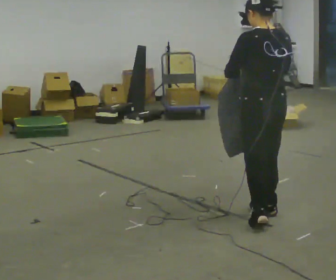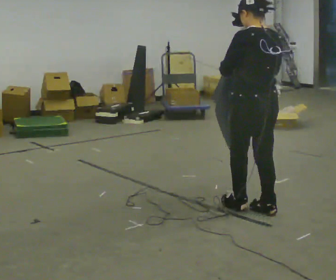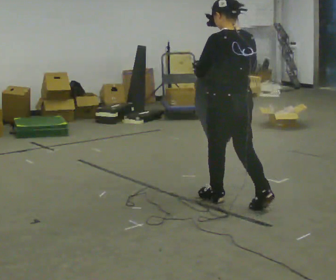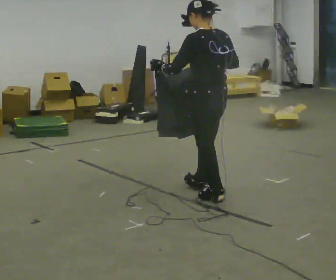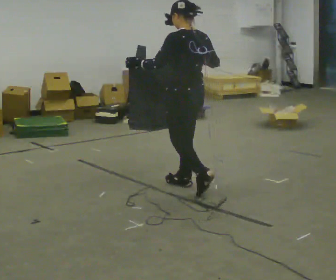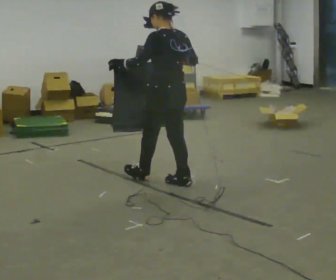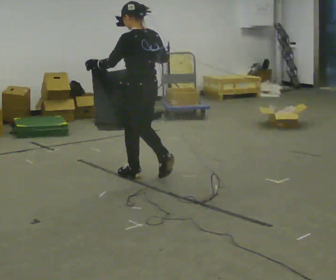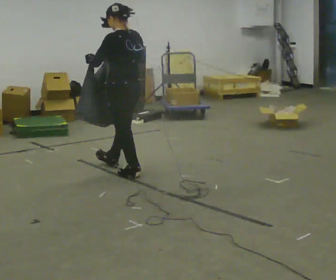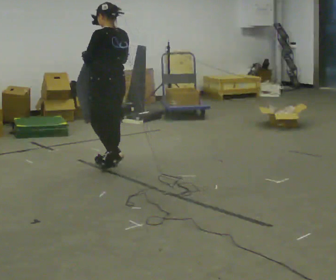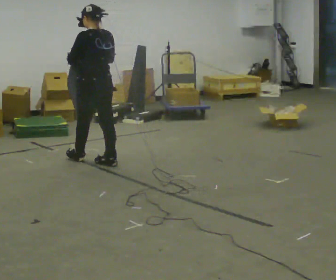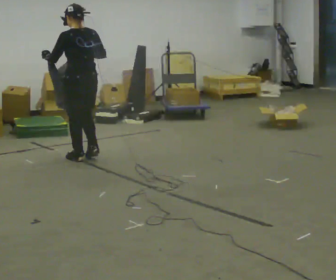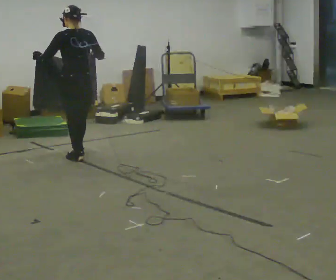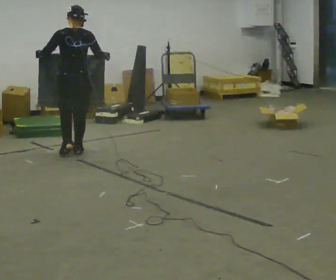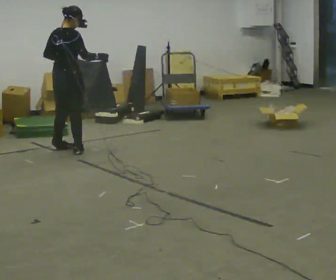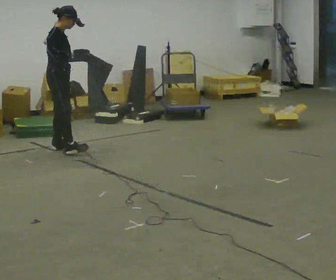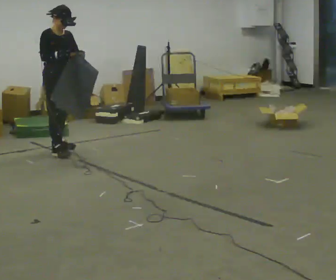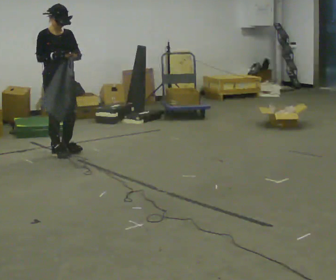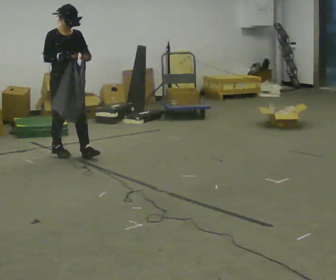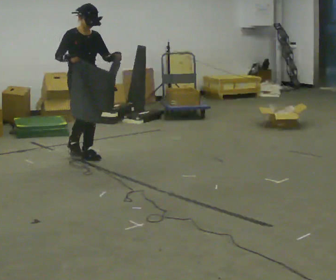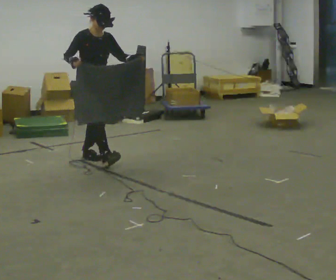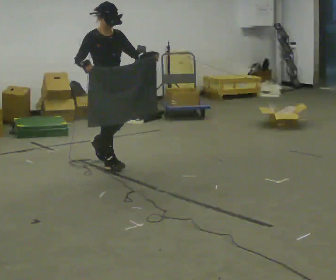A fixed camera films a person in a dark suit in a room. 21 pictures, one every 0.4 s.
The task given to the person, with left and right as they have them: Carry the cloth and, while walking, fold it in half, then unfold it. Keep repeating as you walk. Do not stop.
0.0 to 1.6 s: In the picture they go away from the camera and to the left, about 1 m in 2 steps, which for them is forward.
1.6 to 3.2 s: In the picture they go away from the camera and to the left, about 1 m in 2 steps, which for them is forward.
3.2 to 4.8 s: The part of the body nearest the lens slides to the left as the person turns to their right by about 45 degrees. In the picture they go away from the camera and to the left, about 0.75 m in 2 steps, which for them is forward.
4.8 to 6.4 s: The part of the body nearest the lens slides to the left as the person turns to their right by about 150 degrees. In the picture they go to the left, about 0.25 m in 2 steps. In the picture their left hand goes to the right.
6.4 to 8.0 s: In the picture they go toward the camera and to the right, about 0.75 m in 2 steps, which for them is forward.
The film runs forward here.
